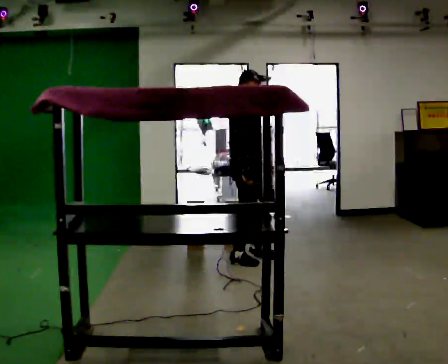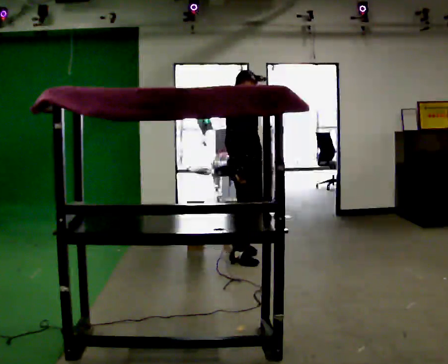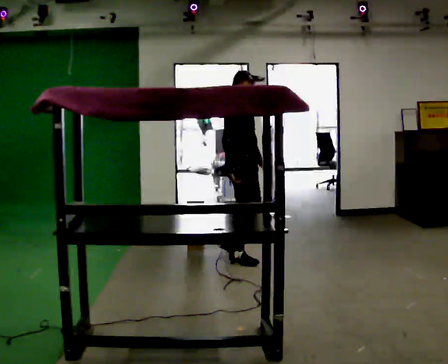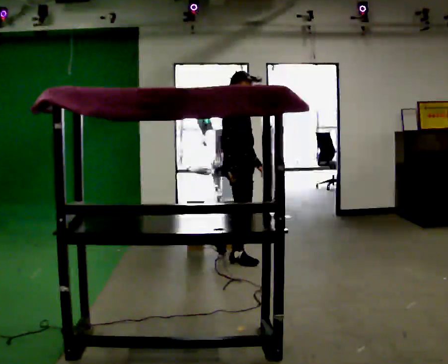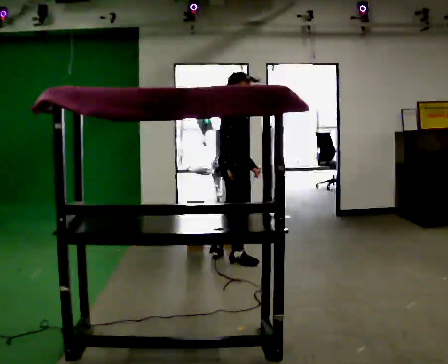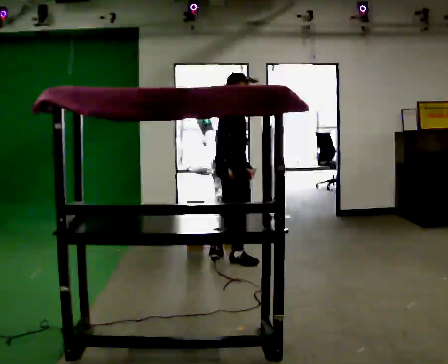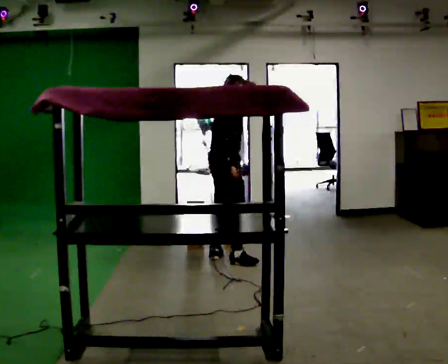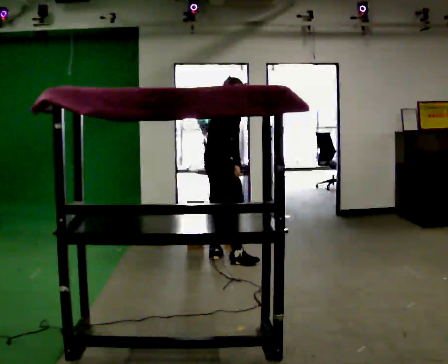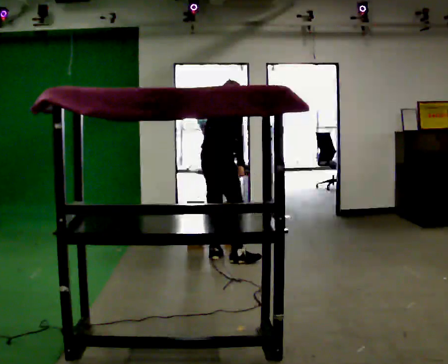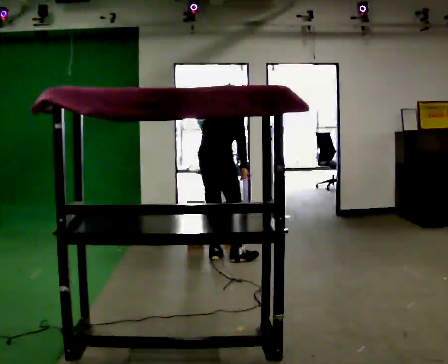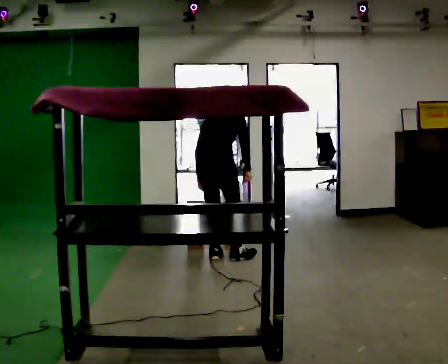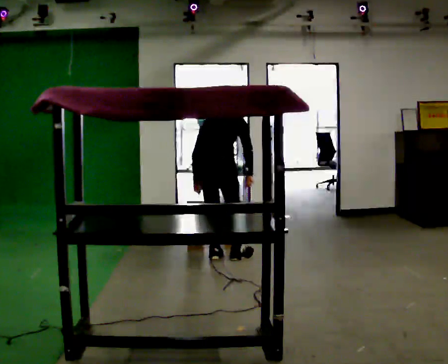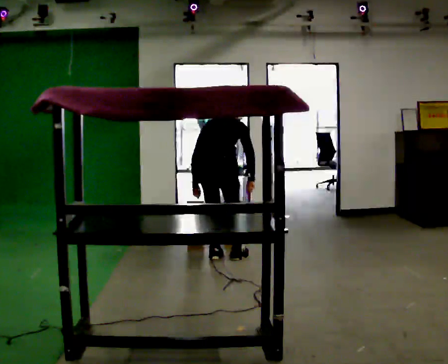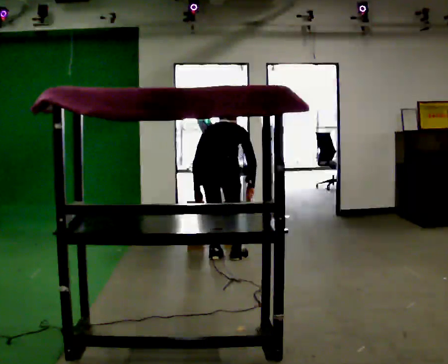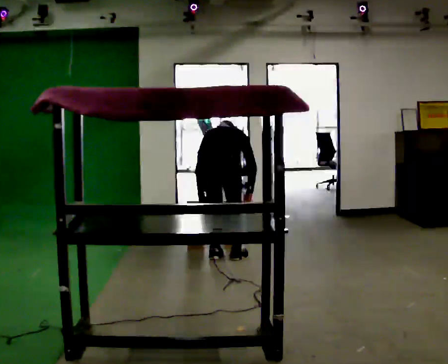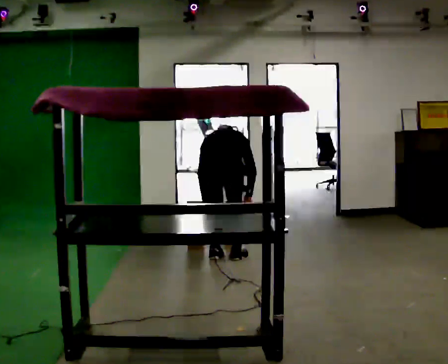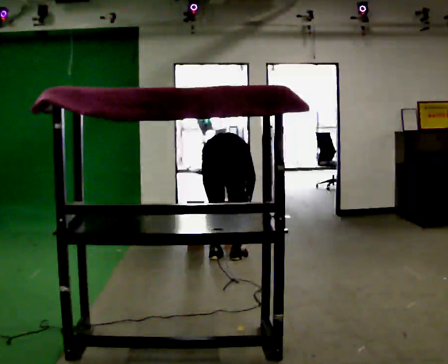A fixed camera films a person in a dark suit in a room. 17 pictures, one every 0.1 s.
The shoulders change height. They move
downward.
The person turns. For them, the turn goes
to their left.
0.0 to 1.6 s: Seen from above the body turns counterclockwise, about 105 degrees: to their left, with its near side sliding to the right. In the picture they go to the left, about 0.25 m. The shoulders move downward. The upper body tips away from the camera, its near side rolling upward, as they bend forward. In the picture their left hand goes to the left and downward.
The film runs backward here.
